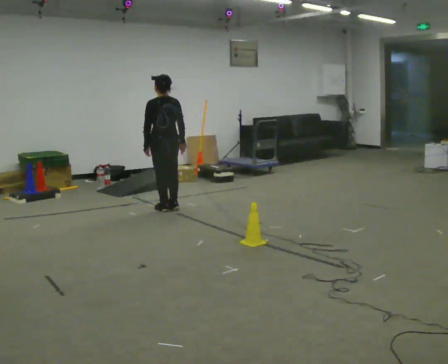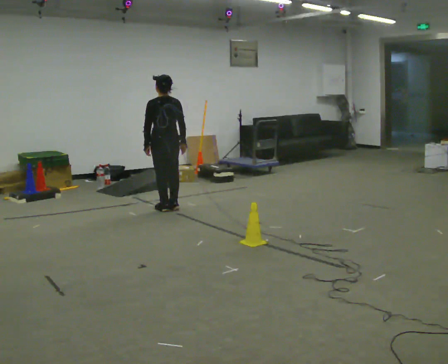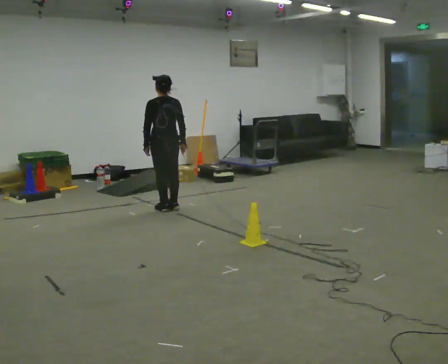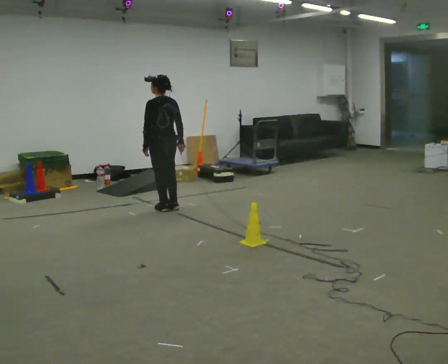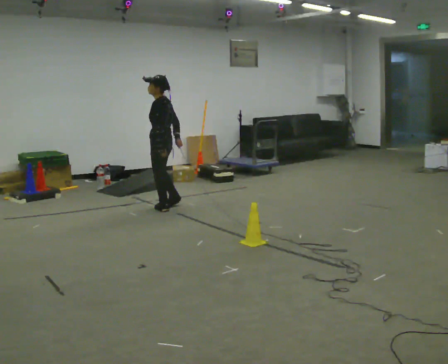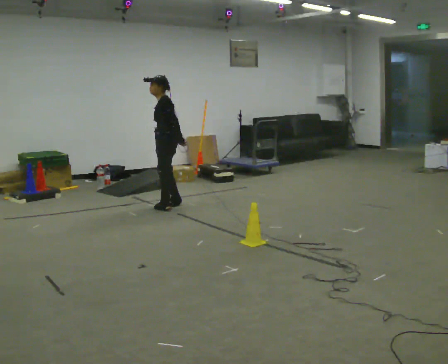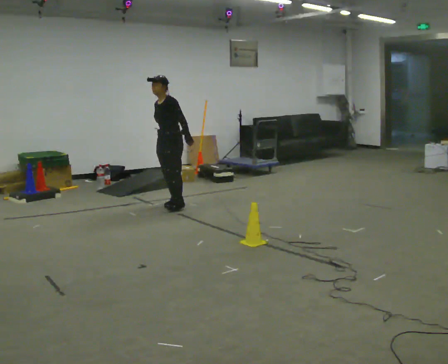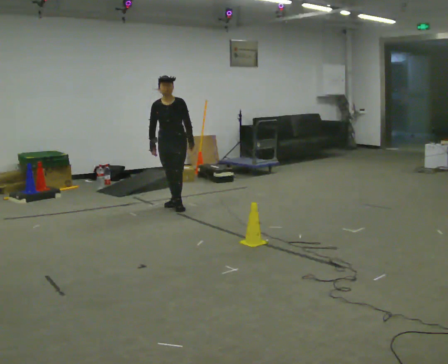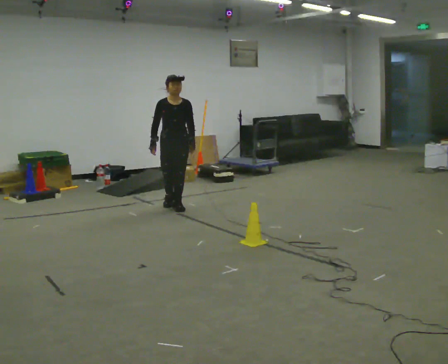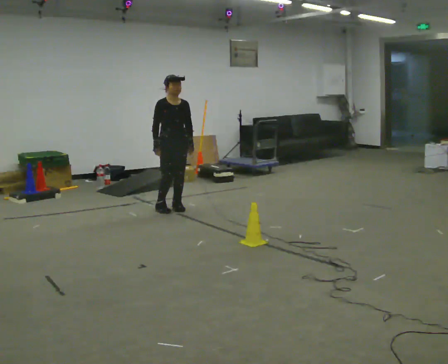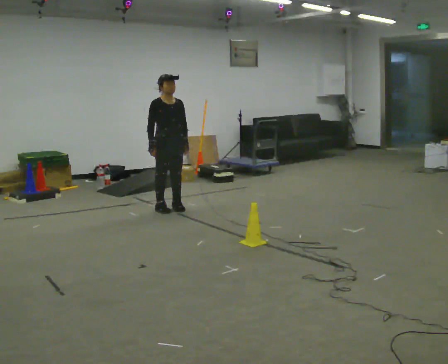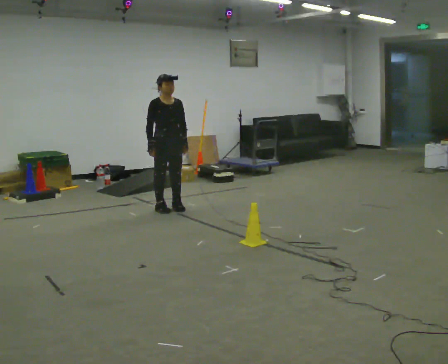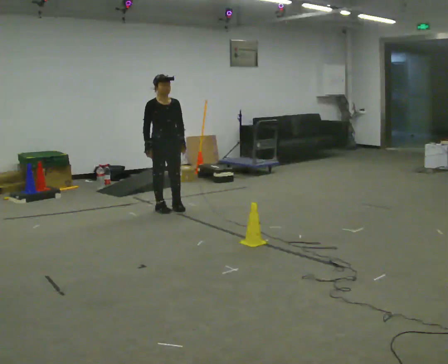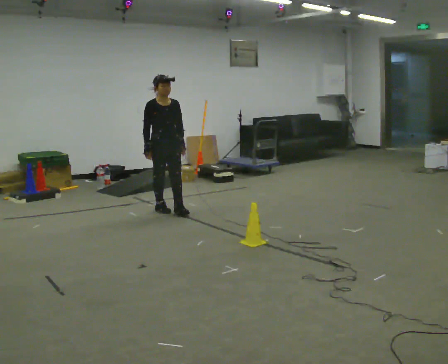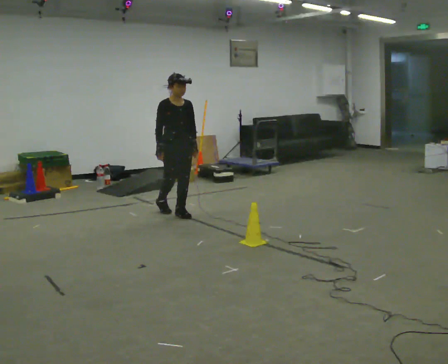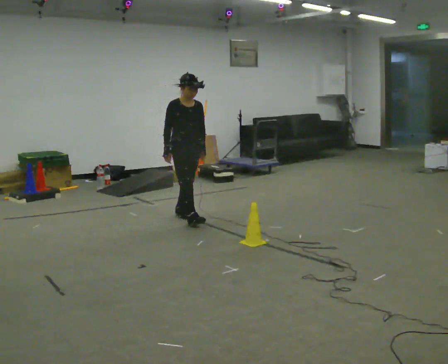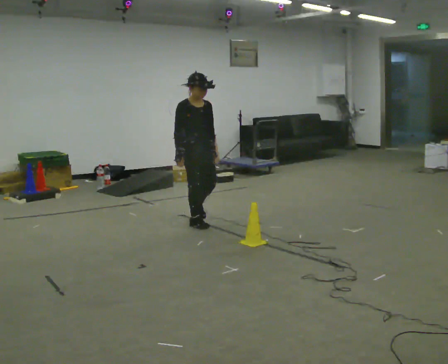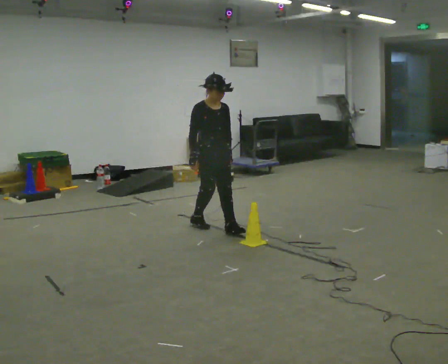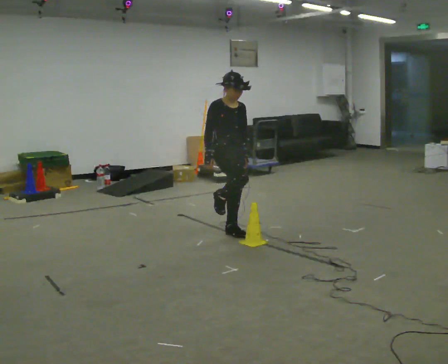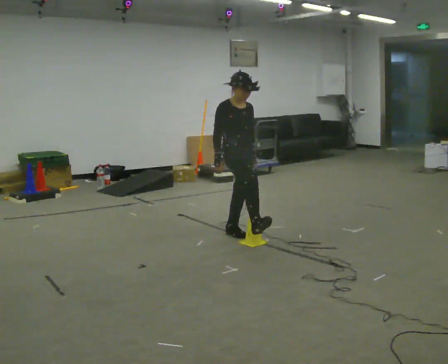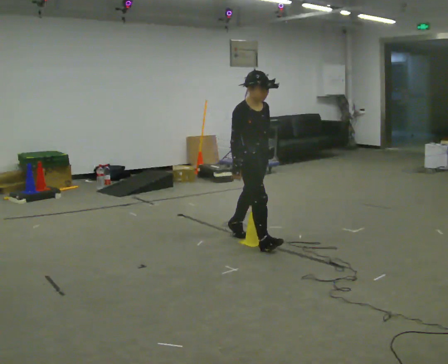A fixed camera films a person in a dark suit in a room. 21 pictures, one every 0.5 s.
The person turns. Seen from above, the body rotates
counterclockwise.
The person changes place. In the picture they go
toward the camera.
0.0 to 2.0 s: The part of the body nearest the lens slides to the right as the person turns to their left by about 45 degrees.
2.0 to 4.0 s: The person turns about 120 degrees to their left, counterclockwise seen from above, so the part of the body nearest the lens slides to the right.
4.0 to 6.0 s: The person moves a little, or ends about where they began.
6.0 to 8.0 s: In the picture they go toward the camera and to the right, about 0.5 m in 2 steps, which for them is forward.
8.0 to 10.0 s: In the picture they go toward the camera and to the right, about 1 m in 2 steps, which for them is forward.
The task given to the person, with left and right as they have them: Walk across the room at a normal pace, looking ahead. Something may appear in your way. Deal with it however comes naturally and carry on.
The film runs forward here.
